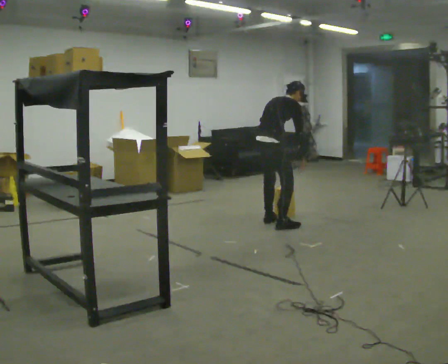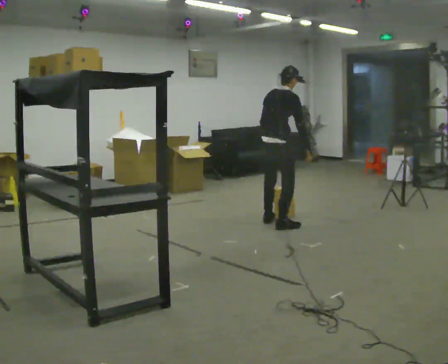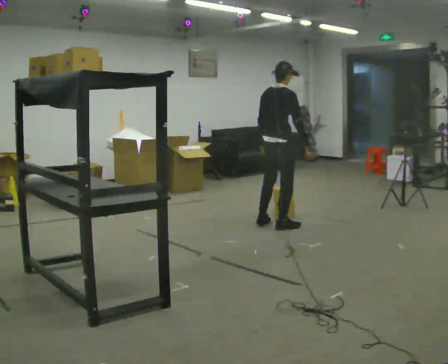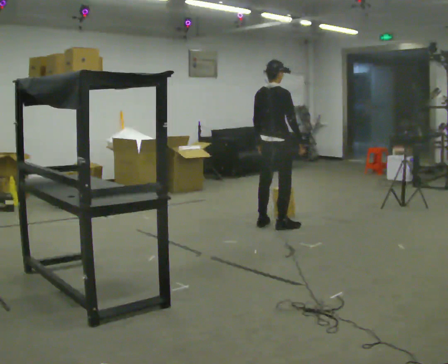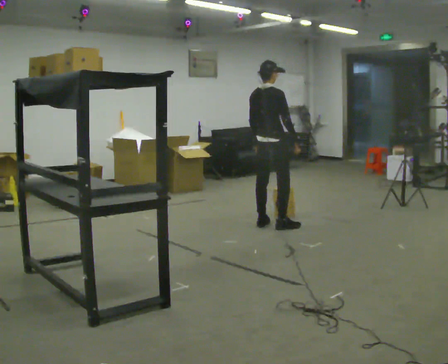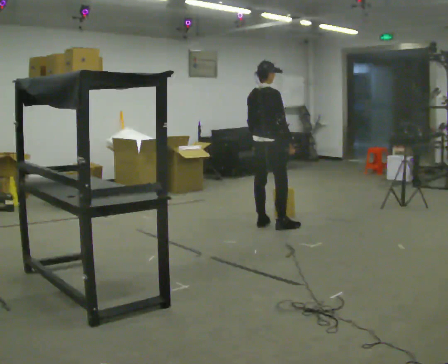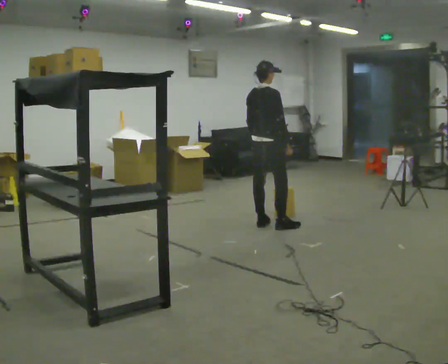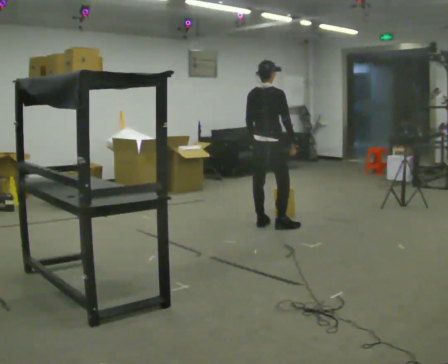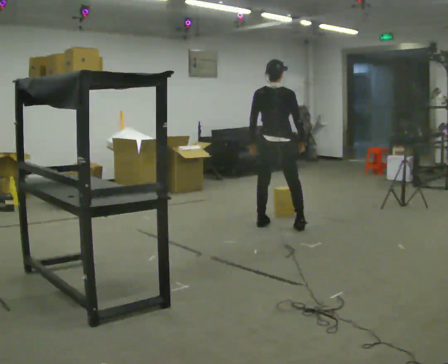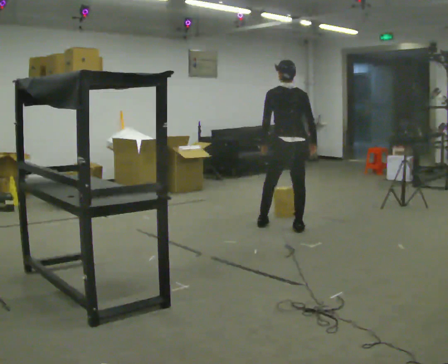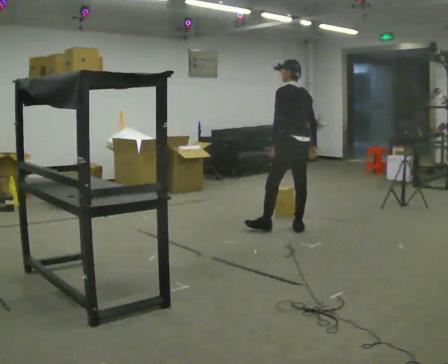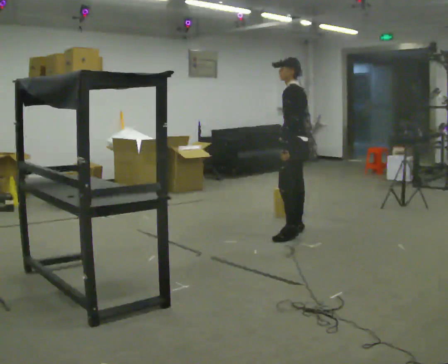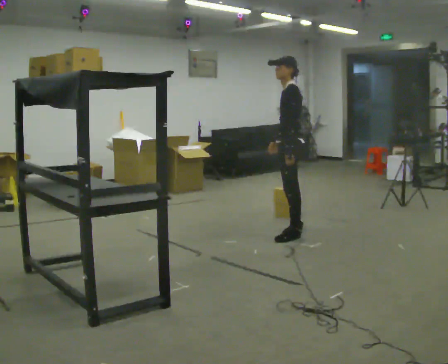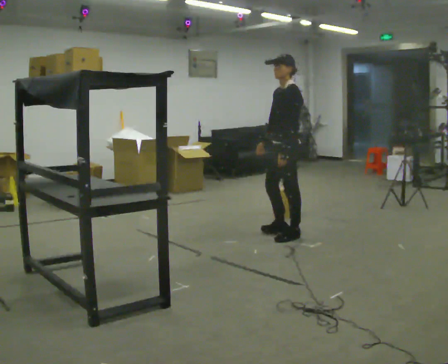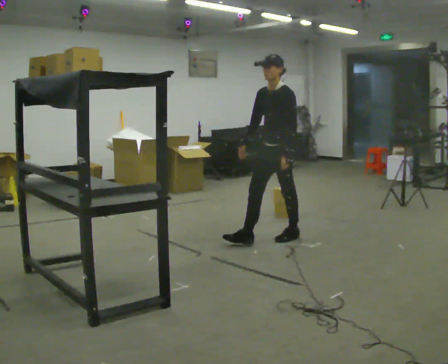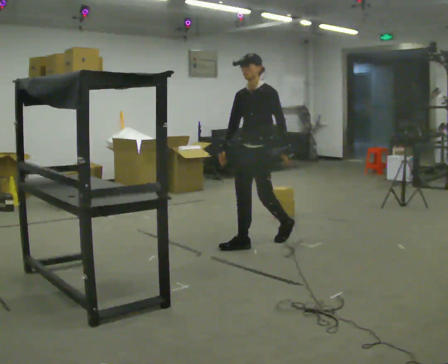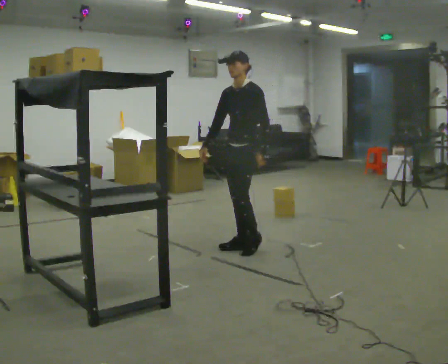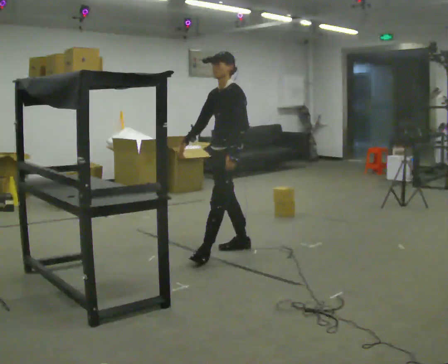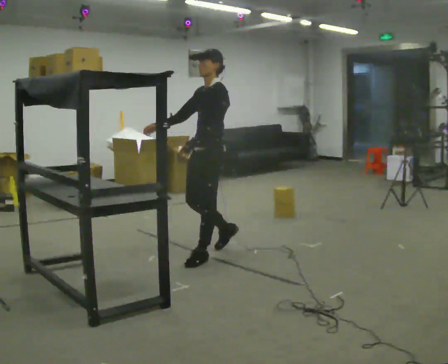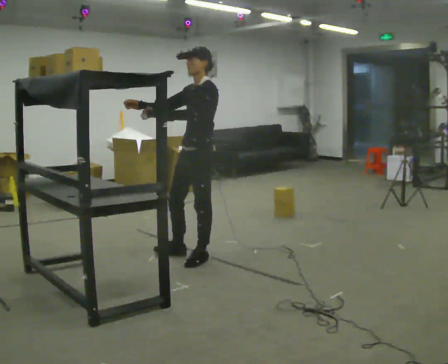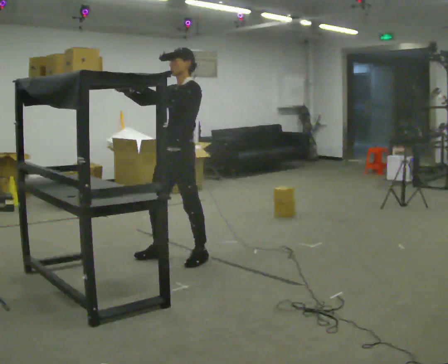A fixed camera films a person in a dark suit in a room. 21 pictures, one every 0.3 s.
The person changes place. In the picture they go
toward the camera.
Their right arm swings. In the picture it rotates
clockwise.
0.0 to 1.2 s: The upper body tips toward the camera, its near side rolling downward, as they lean back or straighten.
1.2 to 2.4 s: The part of the body nearest the lens slides to the right as the person turns to their left by about 30 degrees.
2.4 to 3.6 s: Seen from above the body turns counterclockwise, about 90 degrees: to their left, with its near side sliding to the right. In the picture they go toward the camera and to the right, about 0.5 m in 1 step.
3.6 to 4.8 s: Seen from above the body turns counterclockwise, about 45 degrees: to their left, with its near side sliding to the right. In the picture they go toward the camera and to the left, about 0.5 m in 1 step, which for them is forward.
4.8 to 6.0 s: In the picture they go toward the camera and to the left, about 0.75 m in 2 steps, which for them is forward. In the picture their left hand goes upward.
The film runs forward here.
